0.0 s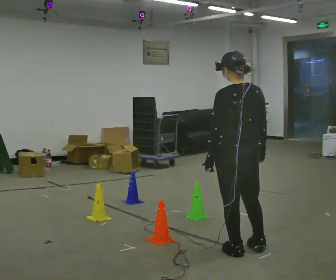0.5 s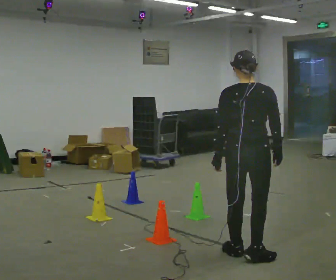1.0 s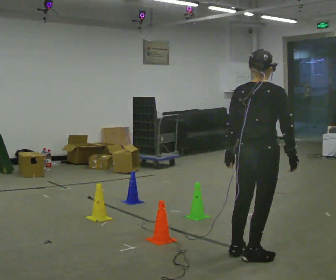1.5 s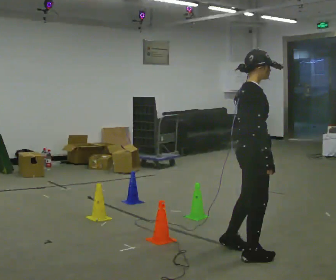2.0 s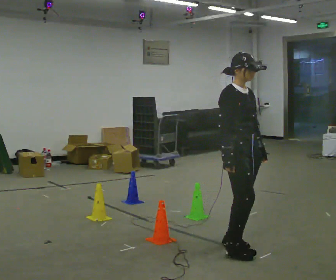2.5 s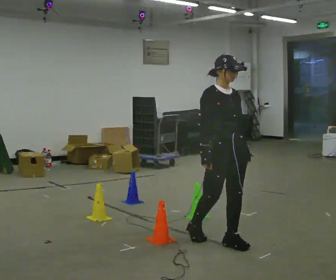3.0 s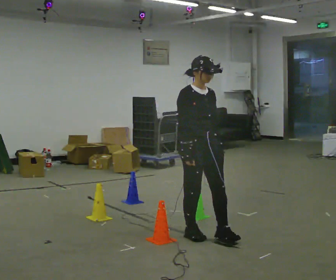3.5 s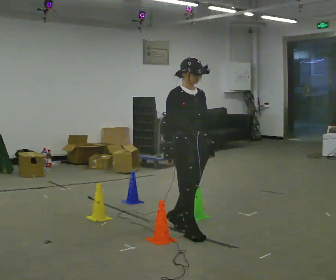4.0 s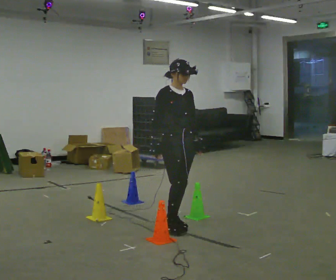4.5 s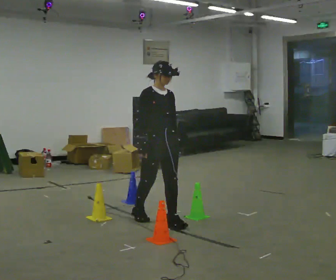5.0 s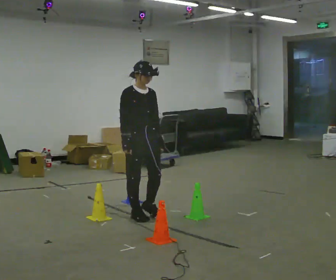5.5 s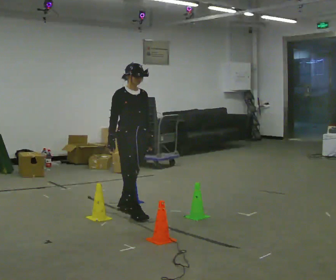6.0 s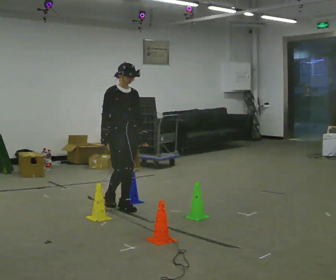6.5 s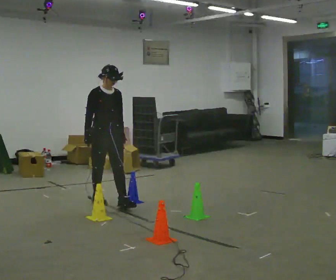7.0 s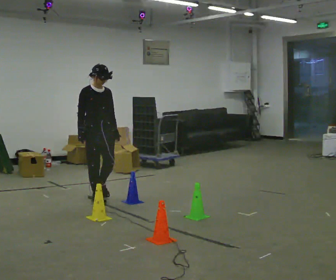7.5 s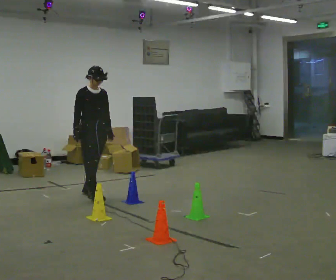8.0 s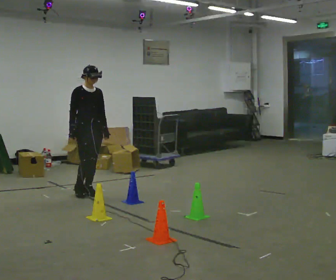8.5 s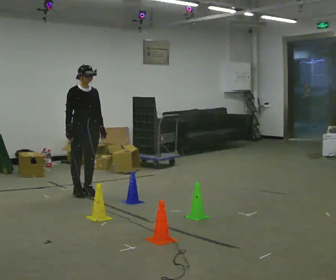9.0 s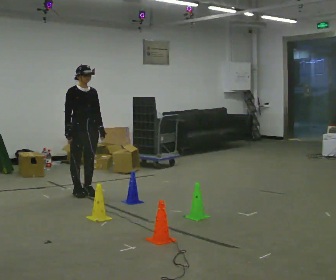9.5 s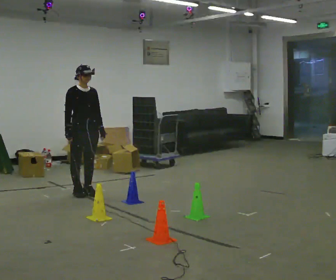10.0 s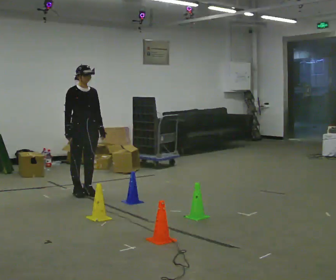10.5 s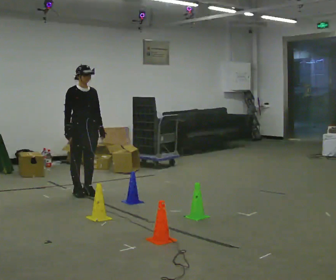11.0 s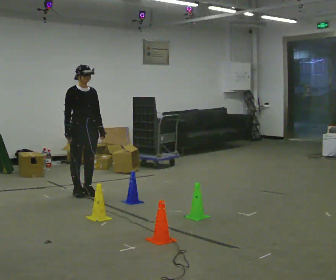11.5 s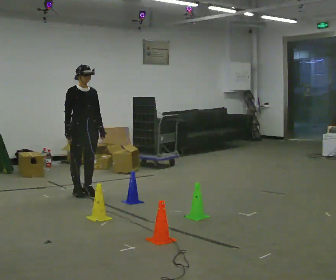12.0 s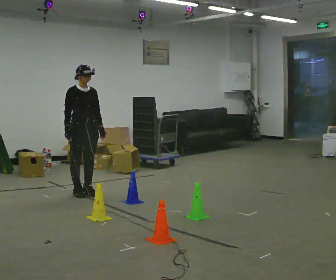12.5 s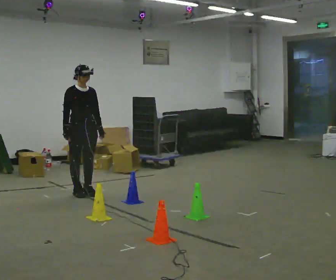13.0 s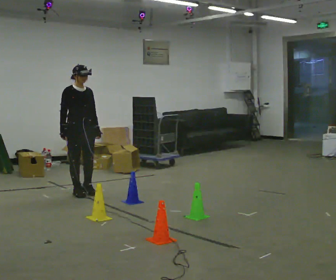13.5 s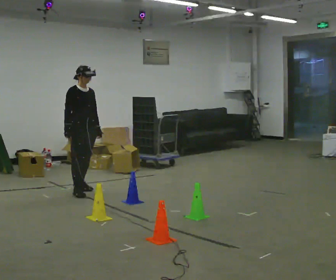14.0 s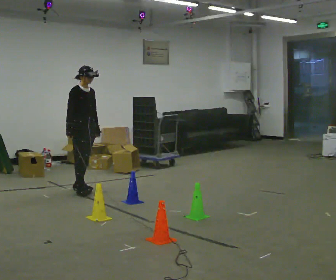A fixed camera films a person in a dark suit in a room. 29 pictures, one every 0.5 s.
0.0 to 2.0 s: Seen from above the body turns clockwise, about 150 degrees: to their right, with its near side sliding to the left. In the picture their right hand goes to the left.
2.0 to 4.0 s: In the picture they go away from the camera and to the left, about 1 m in 2 steps, which for them is backward.
4.0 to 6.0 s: In the picture they go away from the camera and to the left, about 1 m in 2 steps, which for them is backward.
6.0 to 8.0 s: In the picture they go away from the camera and to the left, about 0.5 m in 2 steps, which for them is backward.
8.0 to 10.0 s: The person moves a little, or ends about where they began.
10.0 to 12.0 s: The person keeps their place and pose.
12.0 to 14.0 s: In the picture they go away from the camera, about 0.25 m in 1 step, which for them is backward.
The film runs backward here.
